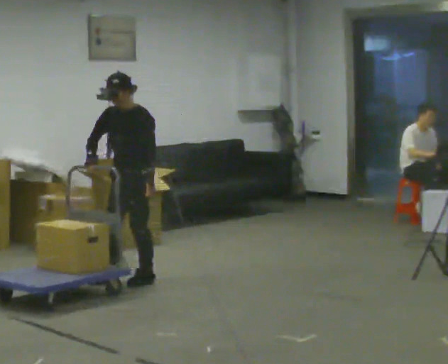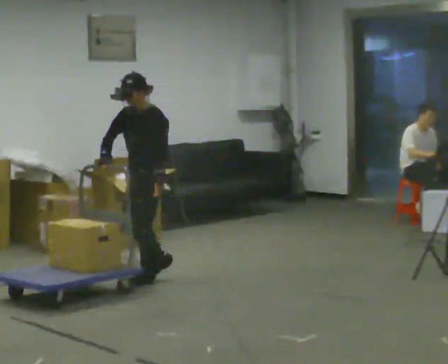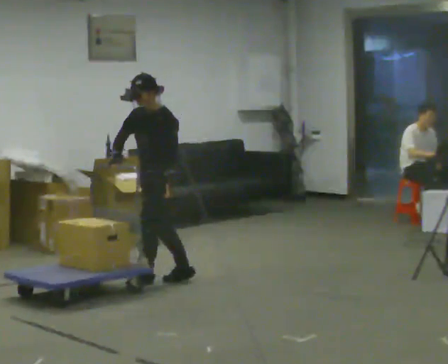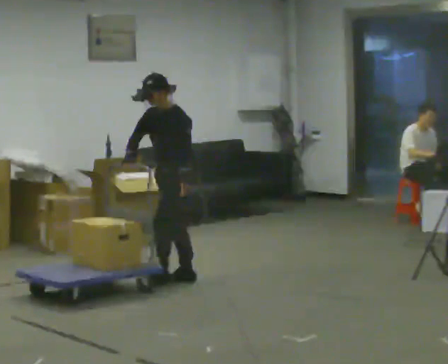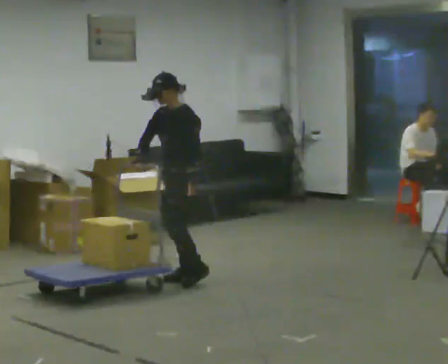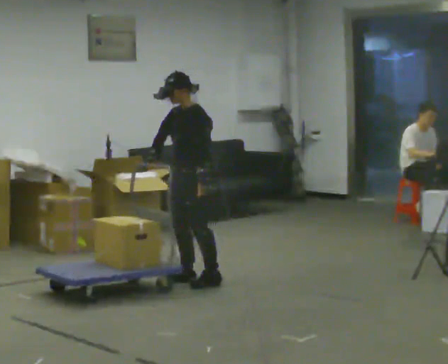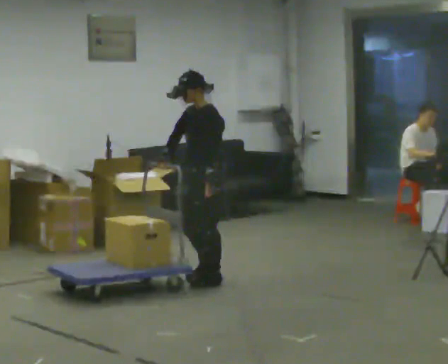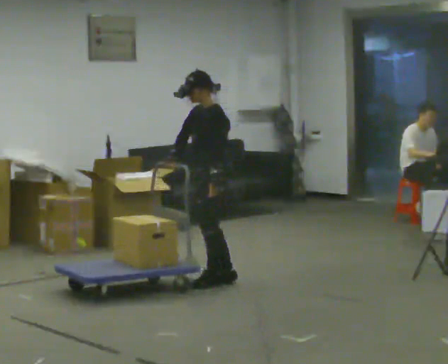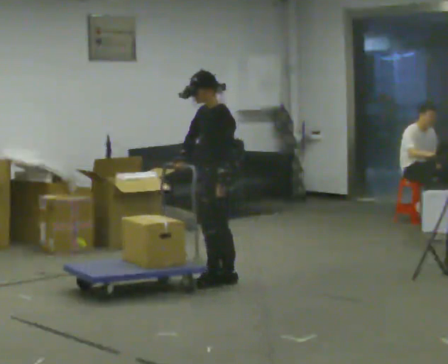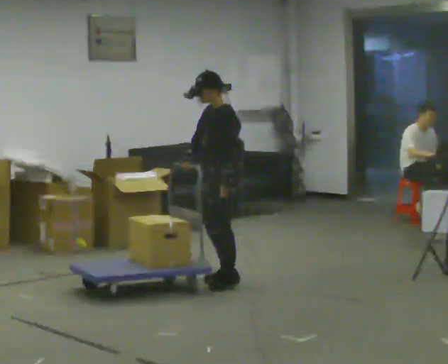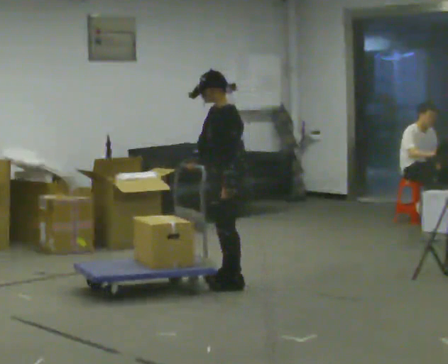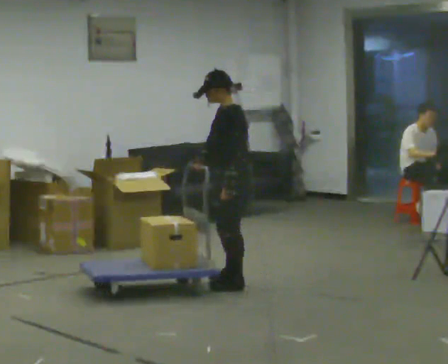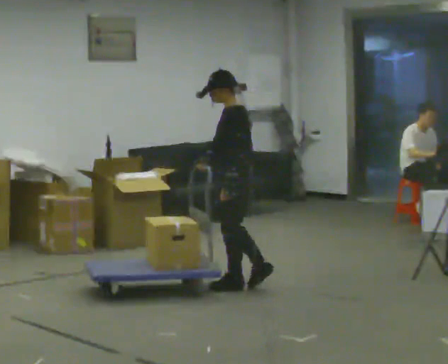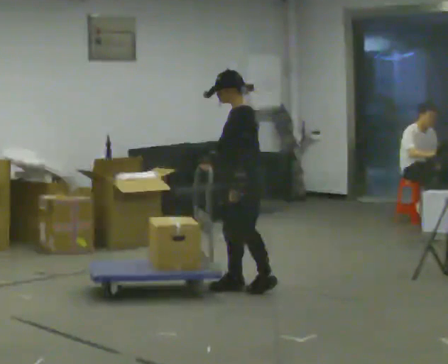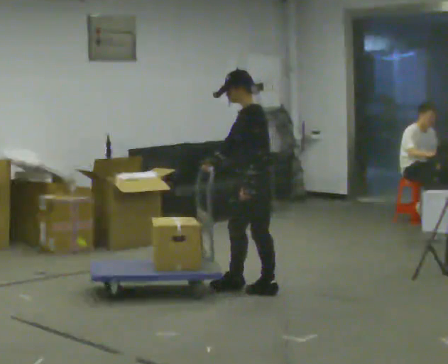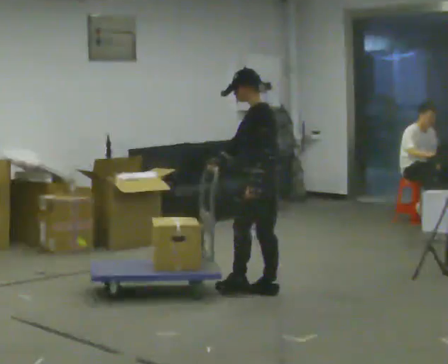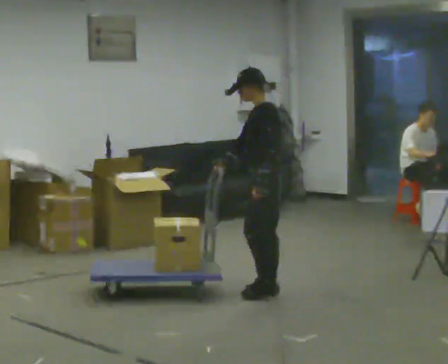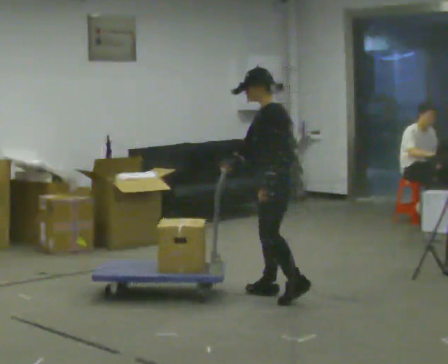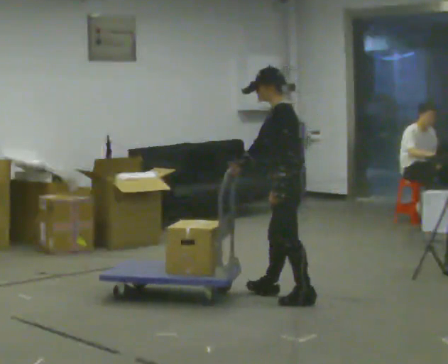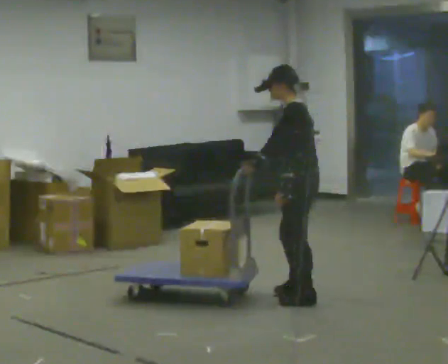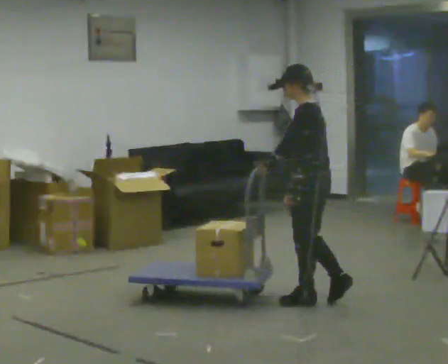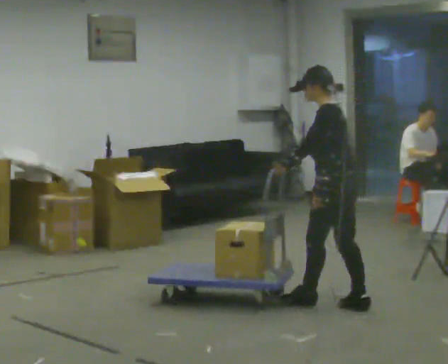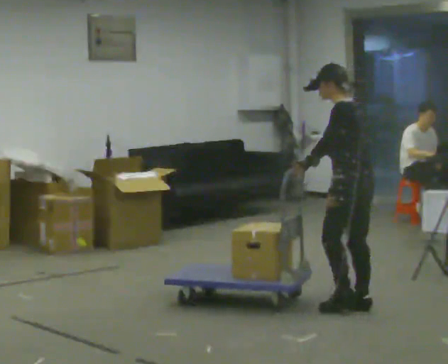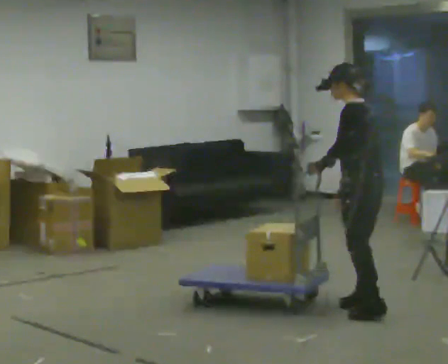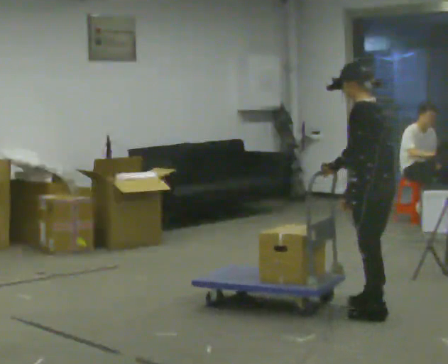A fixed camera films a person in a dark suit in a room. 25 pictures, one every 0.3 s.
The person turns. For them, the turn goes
to their right.
The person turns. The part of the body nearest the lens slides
to the left.
0.0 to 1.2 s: In the picture they go to the right, about 0.25 m in 1 step, which for them is backward.
1.2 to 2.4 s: In the picture they go to the right, about 0.25 m in 1 step, which for them is backward and to their left.
2.4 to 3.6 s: In the picture they go toward the camera, about 0.25 m in 2 steps, which for them is to their left.
3.6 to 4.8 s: In the picture they go to the right and toward the camera, about 0.25 m in 1 step, which for them is backward.
4.8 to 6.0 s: In the picture they go toward the camera and to the right, about 0.5 m in 1 step, which for them is backward and to their left.
6.0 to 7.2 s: In the picture they go toward the camera and to the right, about 0.5 m in 2 steps, which for them is backward.
The film runs backward here.
